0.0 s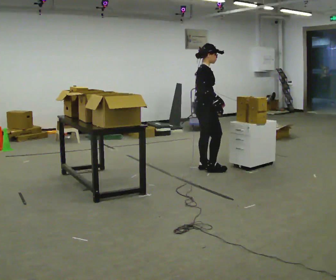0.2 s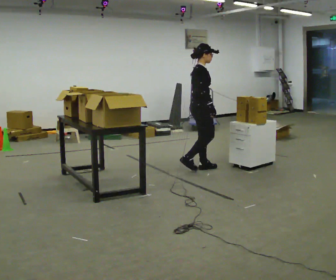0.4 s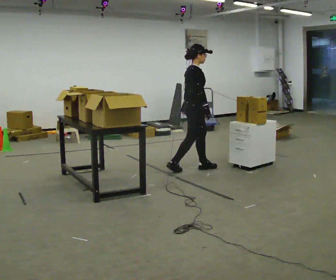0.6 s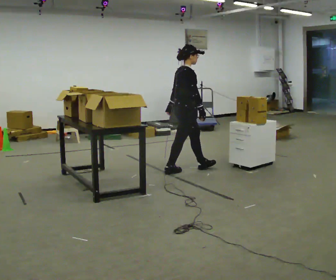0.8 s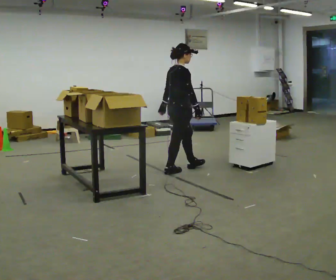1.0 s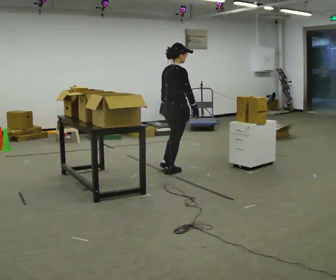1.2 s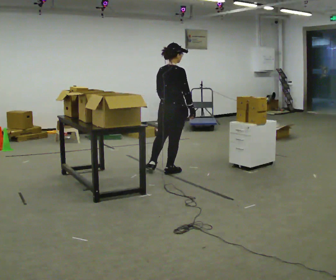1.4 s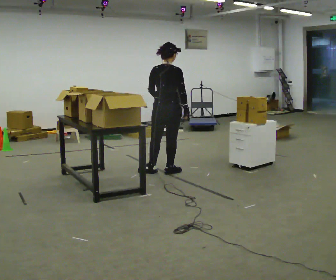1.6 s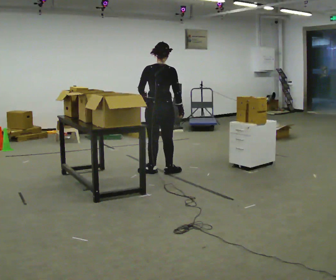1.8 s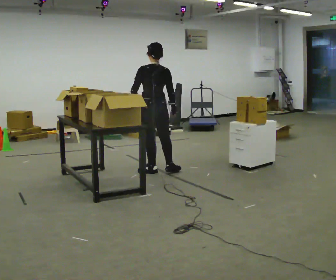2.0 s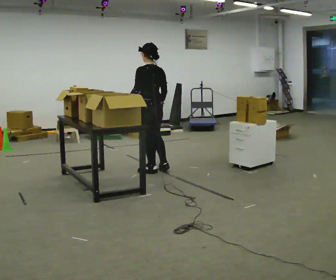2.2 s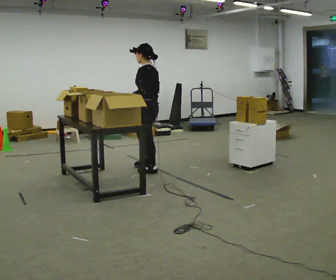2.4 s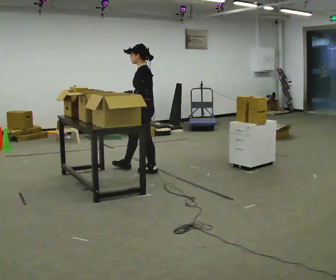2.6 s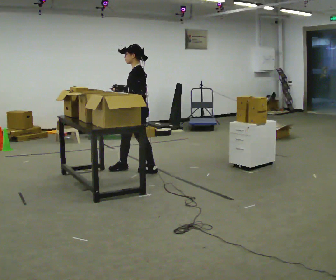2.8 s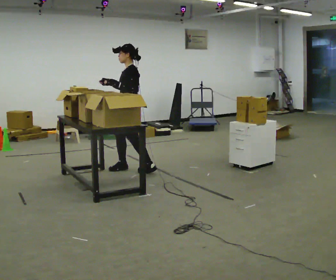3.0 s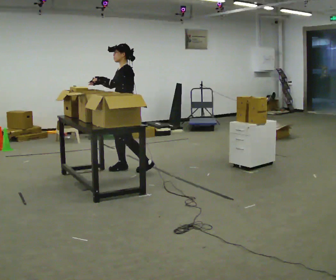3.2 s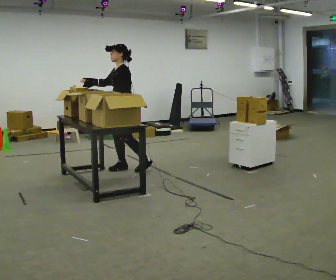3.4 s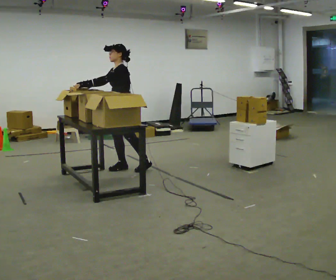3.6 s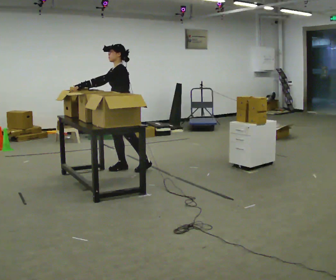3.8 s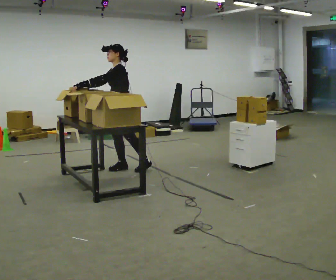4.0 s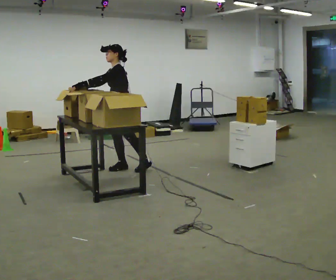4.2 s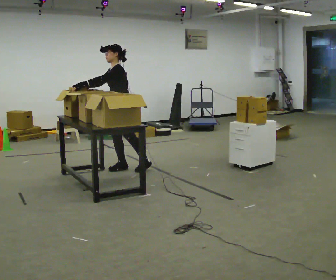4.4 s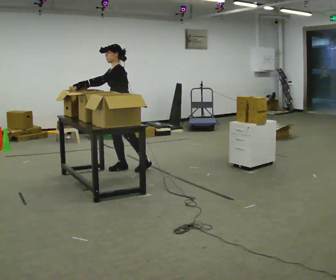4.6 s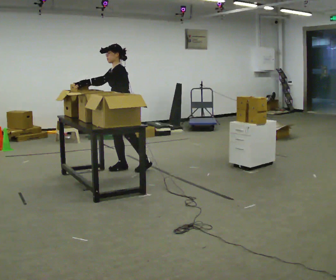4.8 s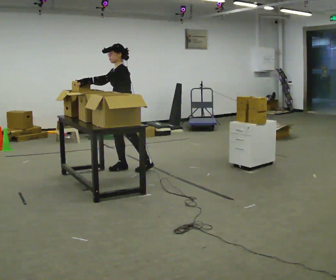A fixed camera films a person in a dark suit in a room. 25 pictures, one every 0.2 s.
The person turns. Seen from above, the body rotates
counterclockwise.
The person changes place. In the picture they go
to the left.
0.0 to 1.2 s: Seen from above the body turns counterclockwise, about 60 degrees: to their left, with its near side sliding to the right. In the picture they go to the left, about 0.5 m in 1 step, which for them is backward.
1.2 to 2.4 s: The part of the body nearest the lens slides to the right as the person turns to their left by about 120 degrees. In the picture they go to the left, about 0.25 m in 1 step.
2.4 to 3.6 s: The person turns about 45 degrees to their left, counterclockwise seen from above, so the part of the body nearest the lens slides to the right. In the picture they go to the left, about 0.25 m in 1 step, which for them is to their right and forward.
3.6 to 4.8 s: The person moves a little, or ends about where they began.
The film runs backward here.
